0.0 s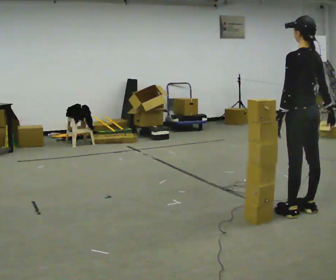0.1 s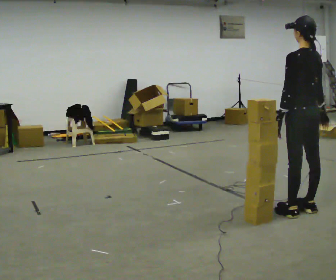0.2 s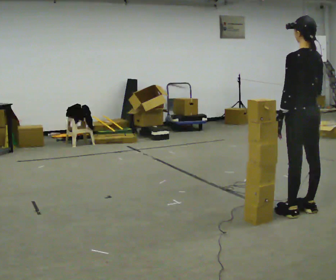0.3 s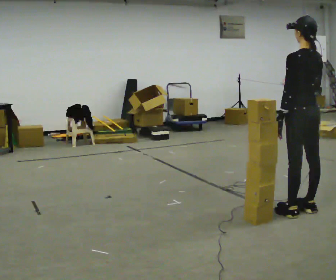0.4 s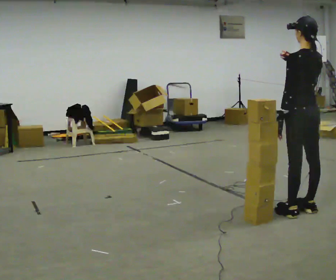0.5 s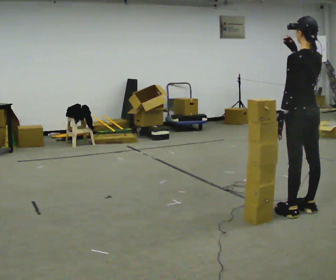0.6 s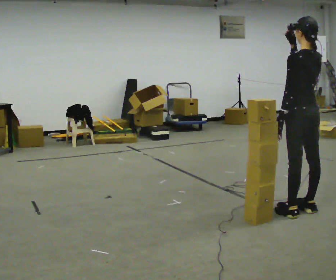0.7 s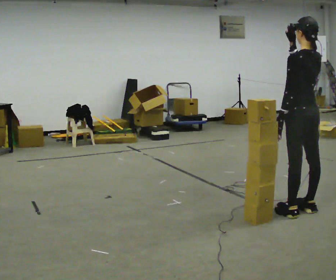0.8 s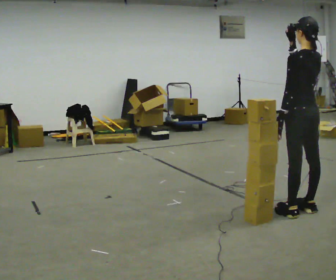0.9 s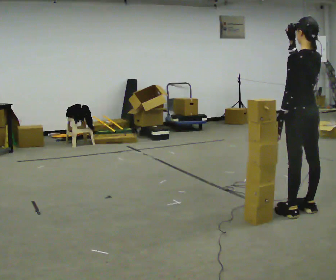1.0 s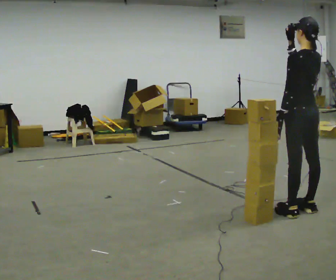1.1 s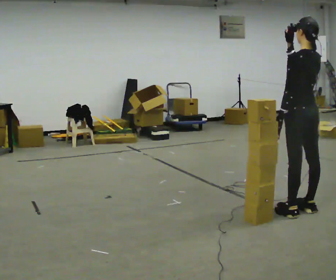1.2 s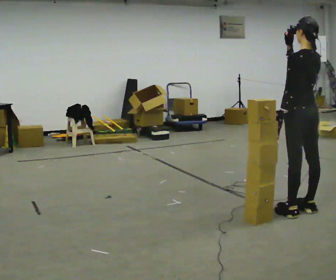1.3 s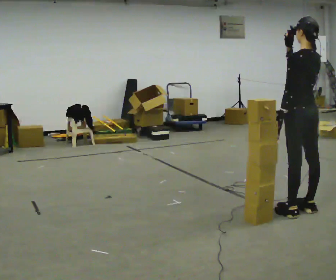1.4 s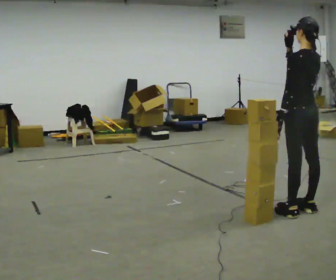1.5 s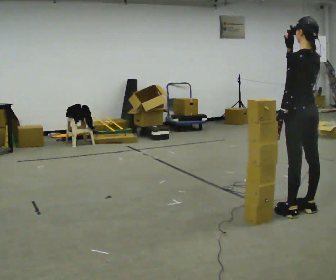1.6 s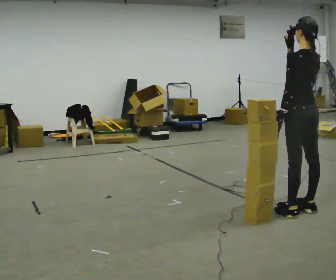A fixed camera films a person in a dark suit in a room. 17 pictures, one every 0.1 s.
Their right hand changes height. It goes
upward.
0.0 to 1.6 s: In the picture their right hand goes upward and to the left.
The film runs backward here.
